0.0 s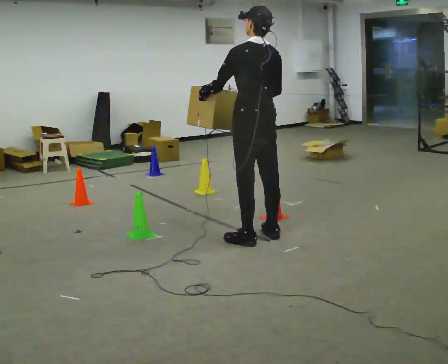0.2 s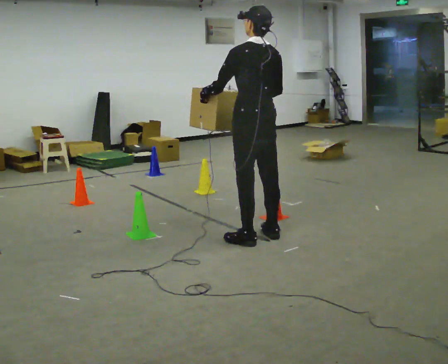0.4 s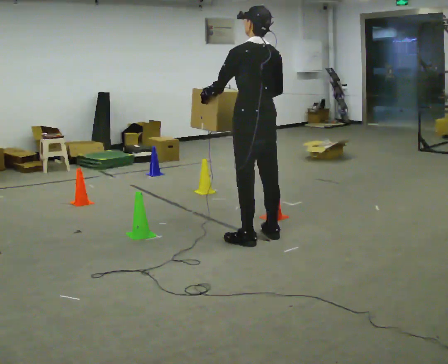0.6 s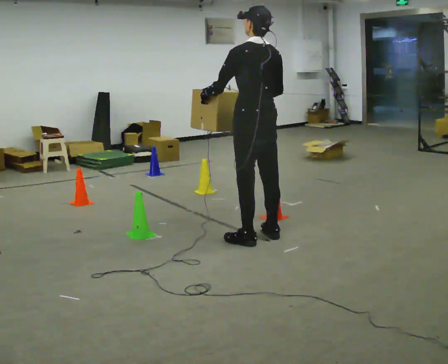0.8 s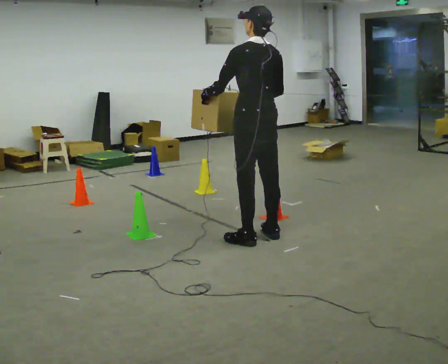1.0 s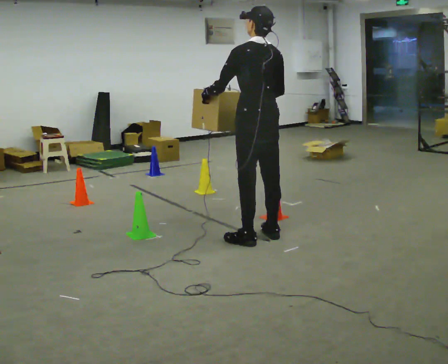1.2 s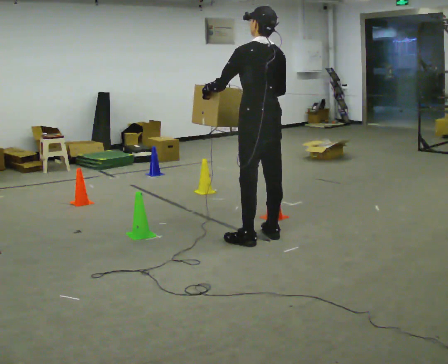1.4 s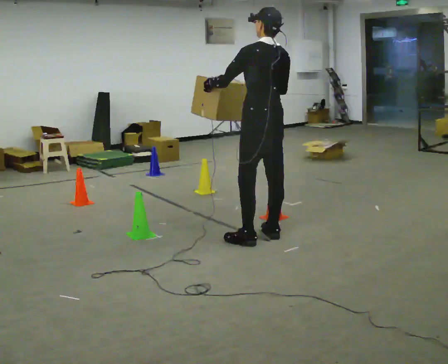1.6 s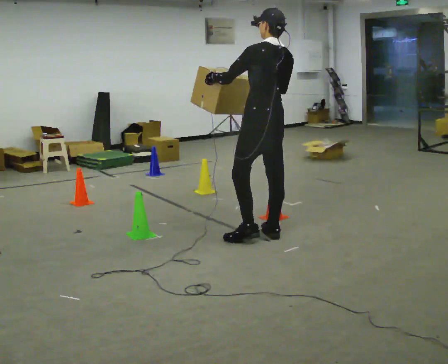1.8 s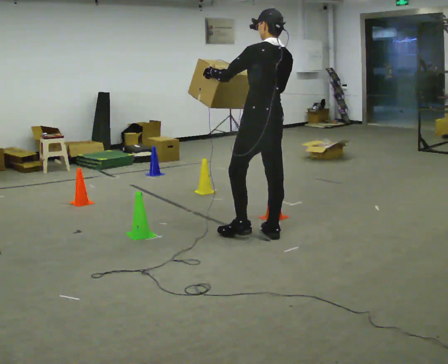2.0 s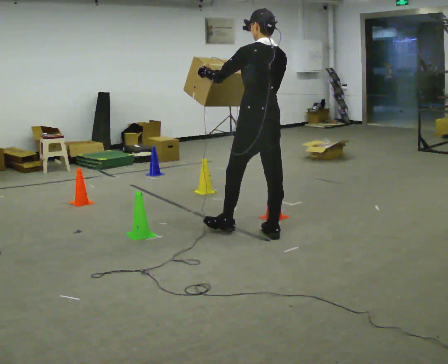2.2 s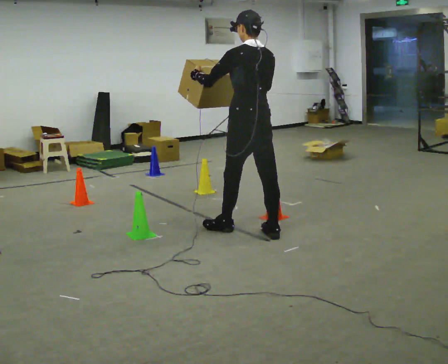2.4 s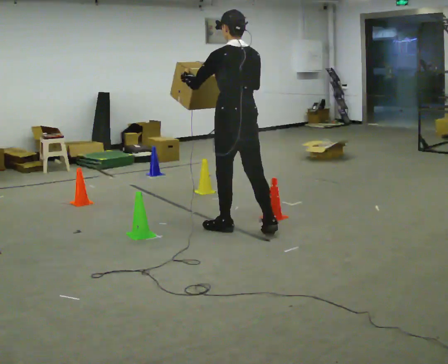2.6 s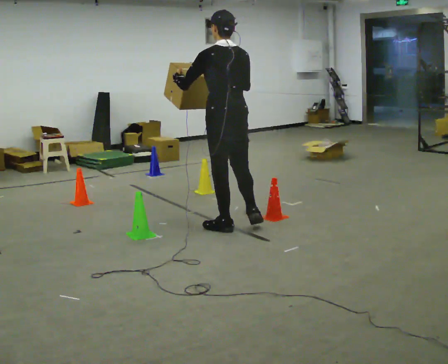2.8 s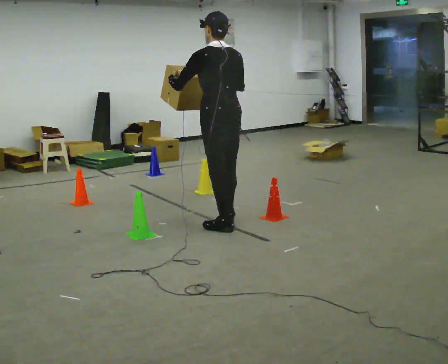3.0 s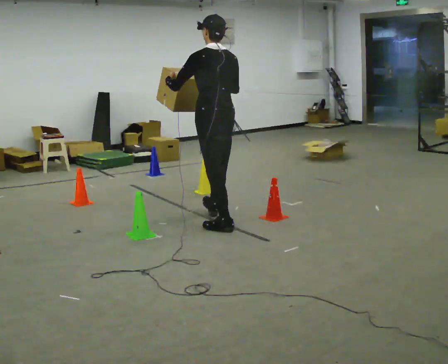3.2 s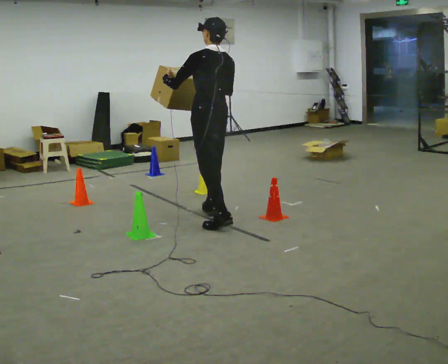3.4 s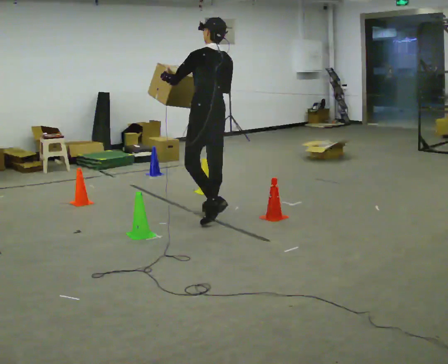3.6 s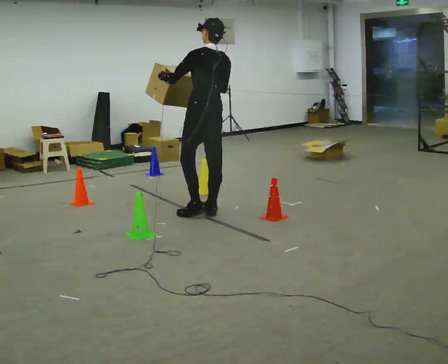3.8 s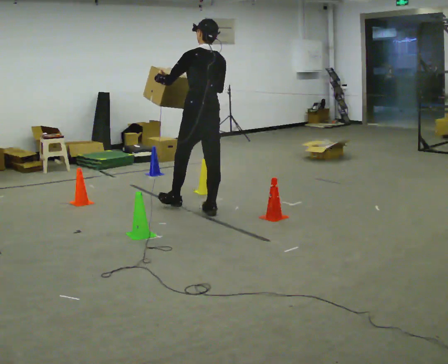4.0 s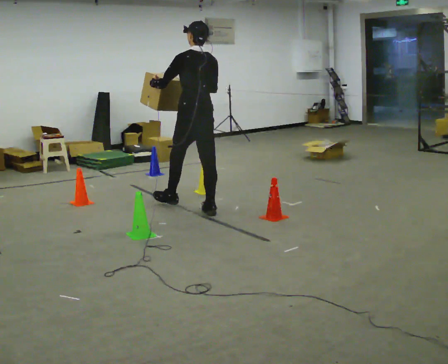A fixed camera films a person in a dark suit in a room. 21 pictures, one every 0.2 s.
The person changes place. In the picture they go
to the left.
0.0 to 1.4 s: The person moves a little, or ends about where they began.
1.4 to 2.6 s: In the picture they go to the left, about 0.25 m in 1 step, which for them is forward.
2.6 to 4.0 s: In the picture they go to the left and away from the camera, about 0.75 m in 2 steps, which for them is forward.
The film runs forward here.
